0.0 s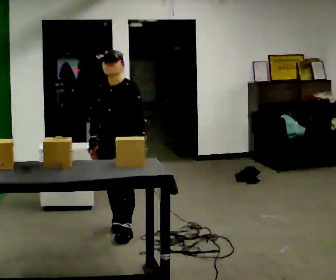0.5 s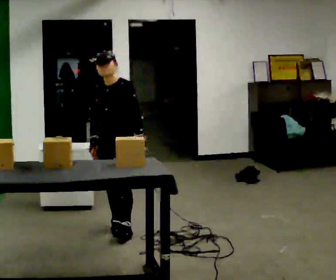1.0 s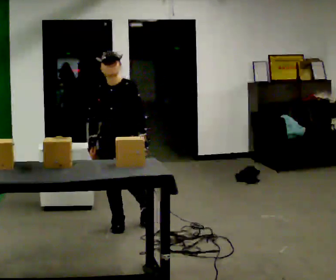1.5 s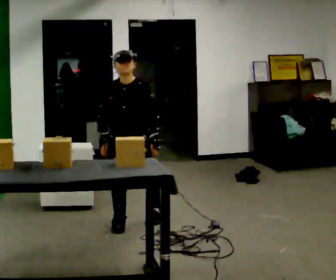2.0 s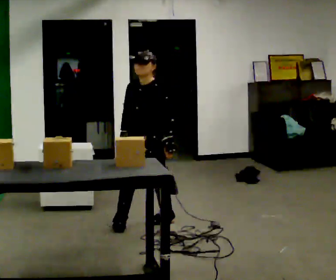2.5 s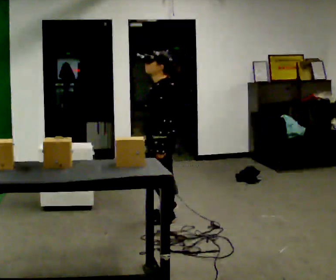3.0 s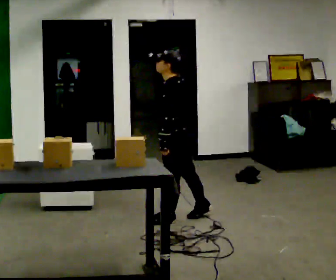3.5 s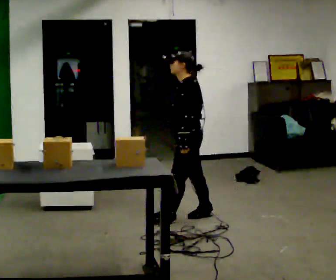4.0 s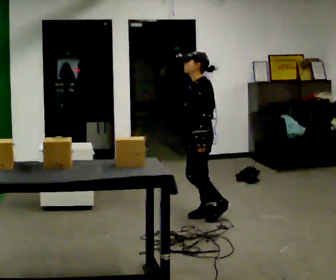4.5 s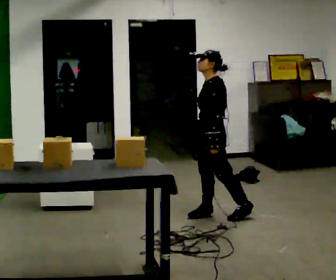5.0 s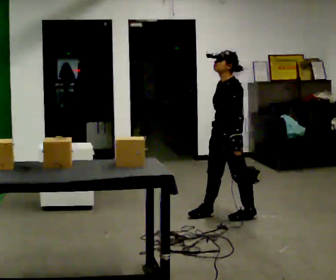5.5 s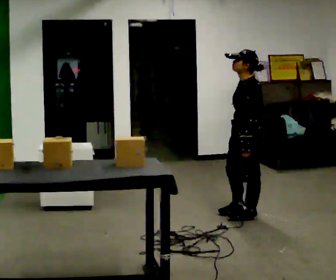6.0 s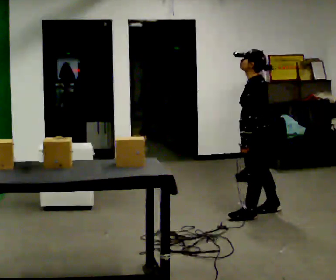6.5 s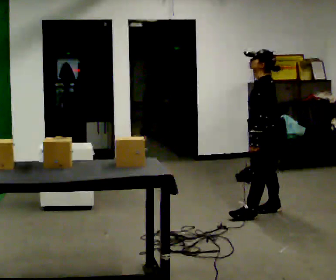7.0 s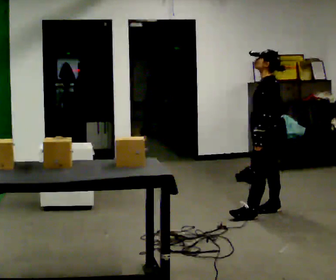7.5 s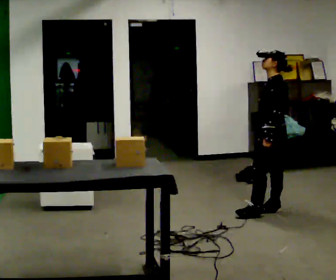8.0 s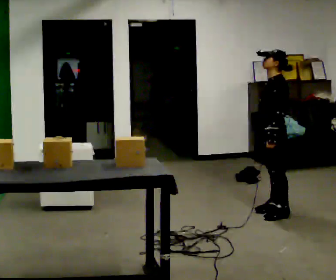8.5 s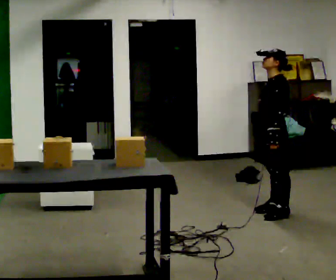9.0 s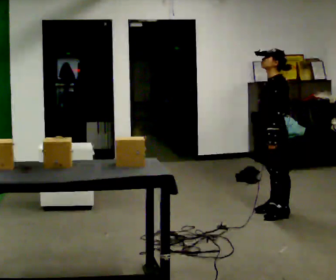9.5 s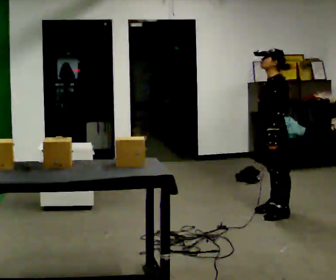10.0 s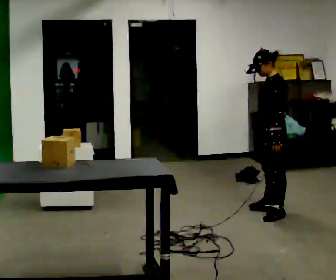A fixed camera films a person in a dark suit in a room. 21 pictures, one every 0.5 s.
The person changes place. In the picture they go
to the right.
0.0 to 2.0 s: In the picture they go away from the camera, about 0.25 m in 1 step, which for them is backward and to their left.
2.0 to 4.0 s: The person turns about 60 degrees to their right, clockwise seen from above, so the part of the body nearest the lens slides to the left. In the picture they go to the right and away from the camera, about 0.5 m in 2 steps.
4.0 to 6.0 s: In the picture they go to the right, about 0.5 m in 1 step, which for them is backward and to their left.
6.0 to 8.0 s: In the picture they go to the right, about 0.25 m in 1 step, which for them is backward.
8.0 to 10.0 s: The person moves a little, or ends about where they began.
The film runs backward here.
